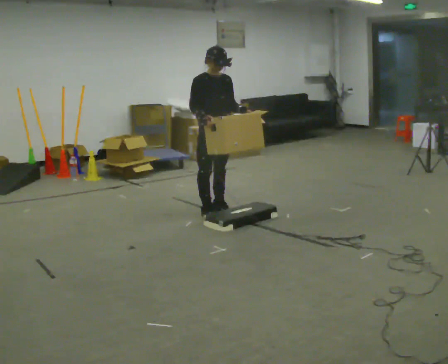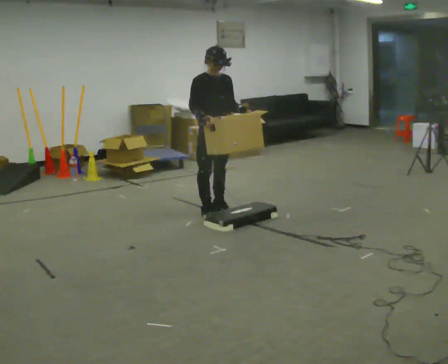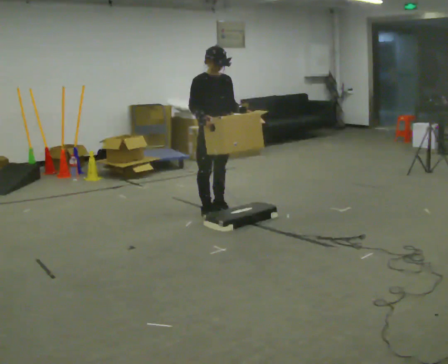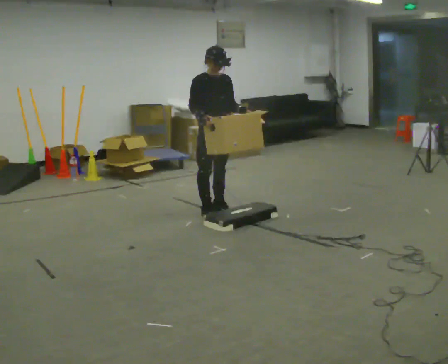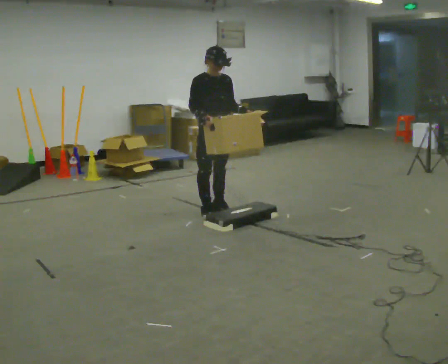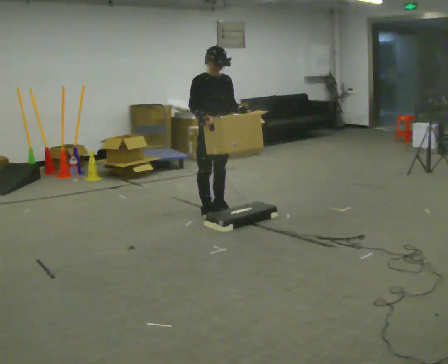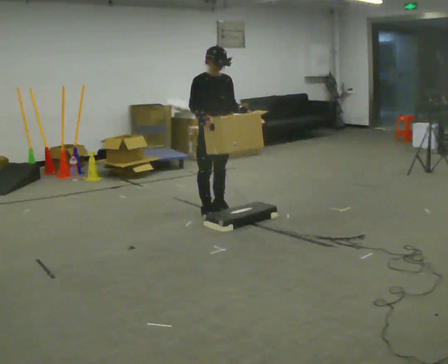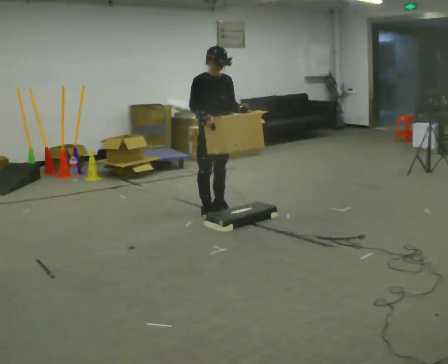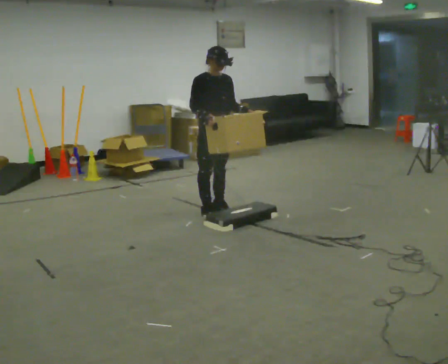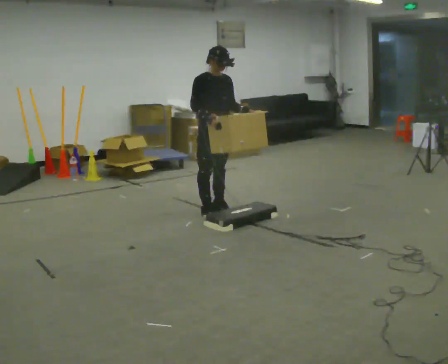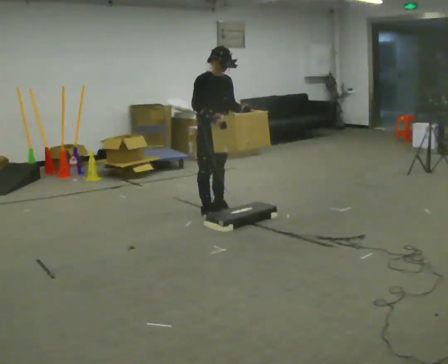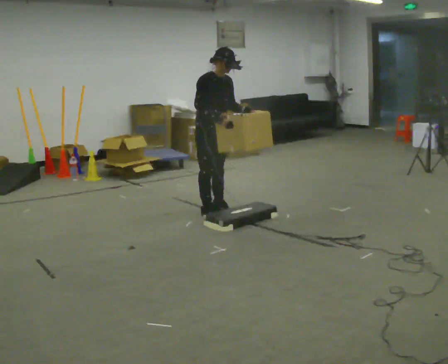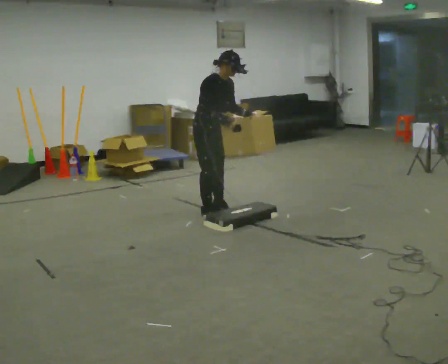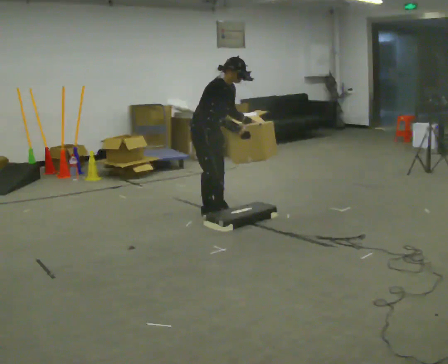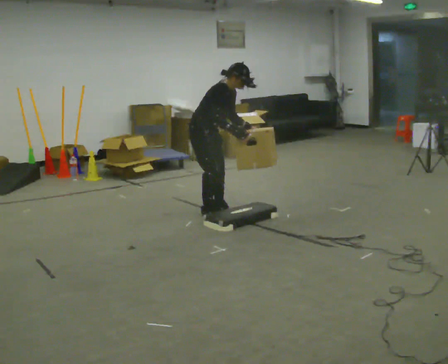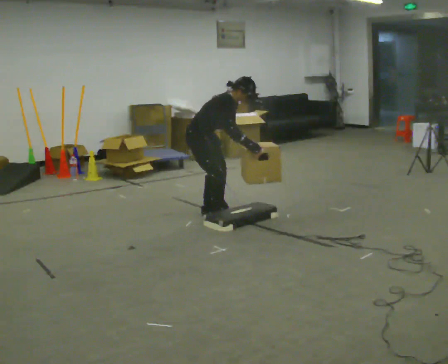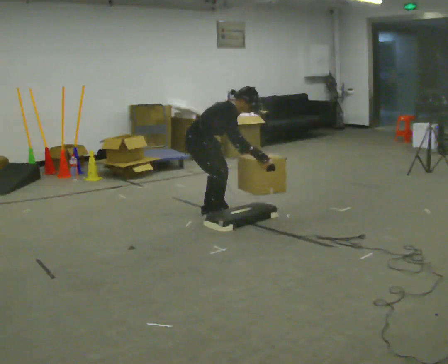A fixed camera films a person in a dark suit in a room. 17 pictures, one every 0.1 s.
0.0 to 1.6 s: The part of the body nearest the lens slides to the right as the person turns to their left by about 30 degrees. The shoulders move downward. In the picture the upper body tilts clockwise, shoulders to the right, as they bend forward. In the picture their right hand goes to the right and downward.
The film runs backward here.
